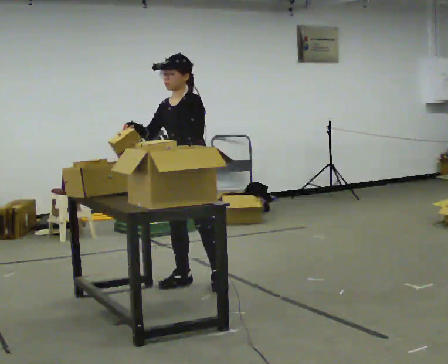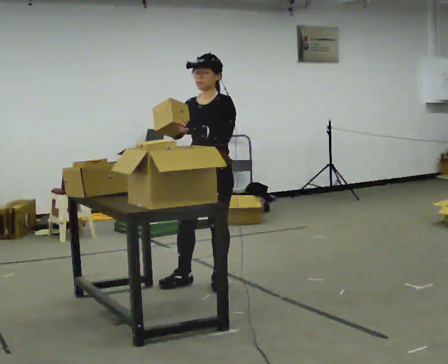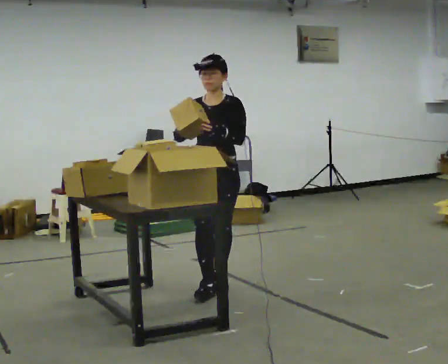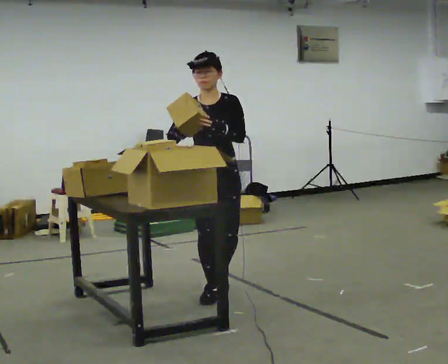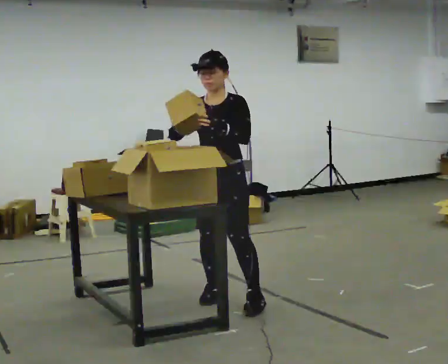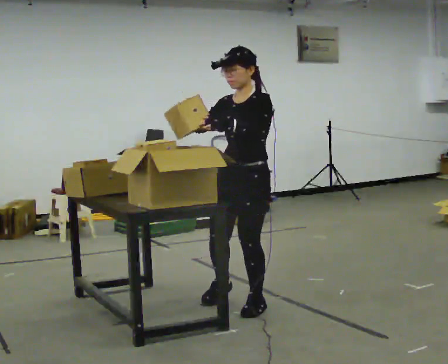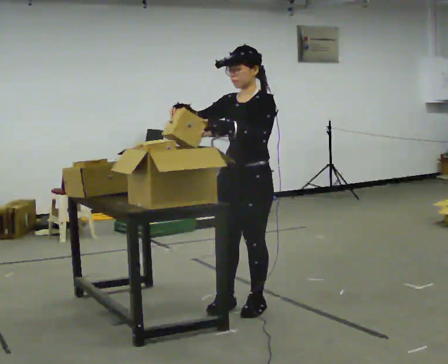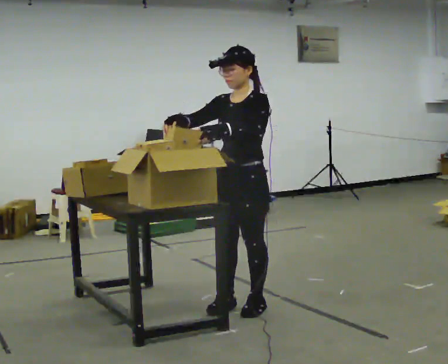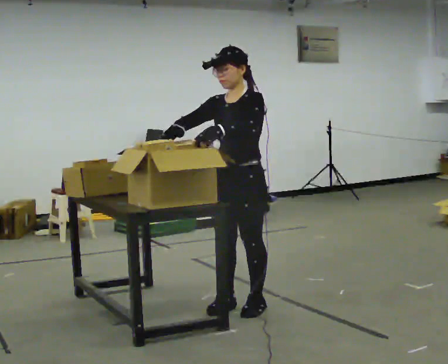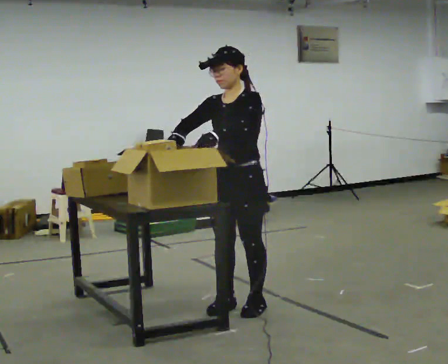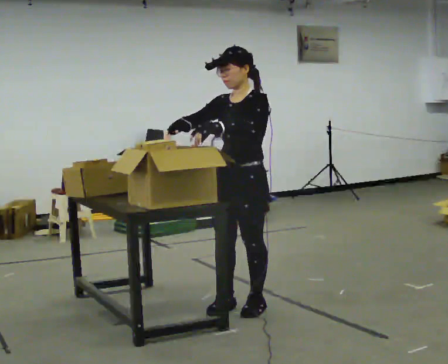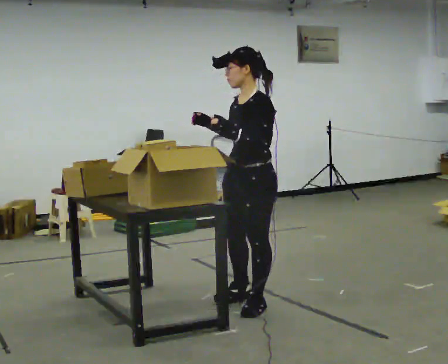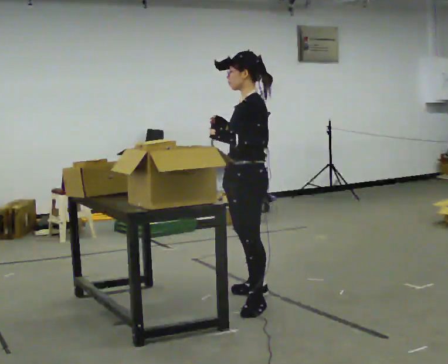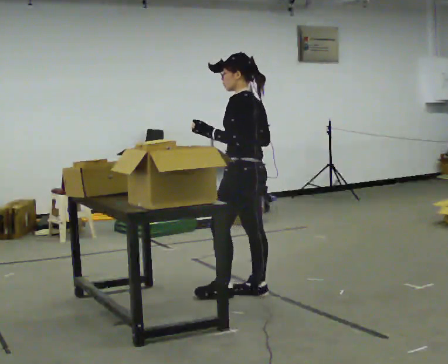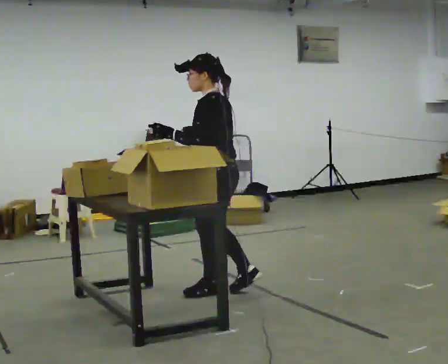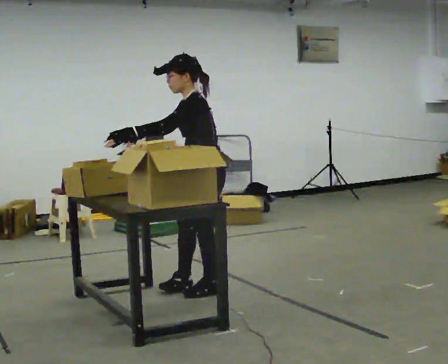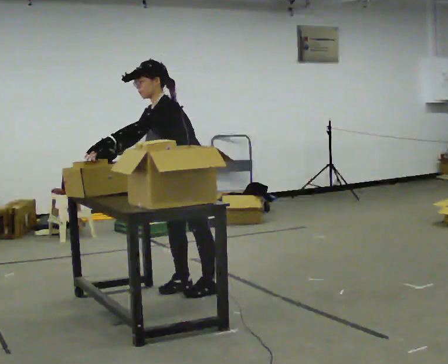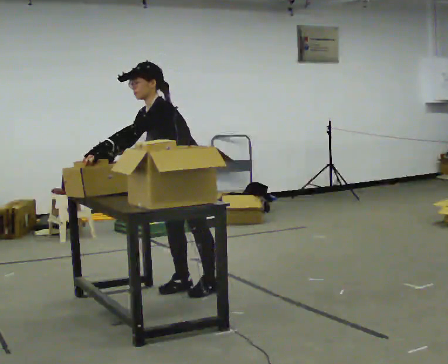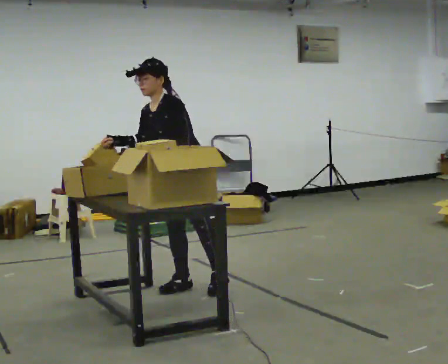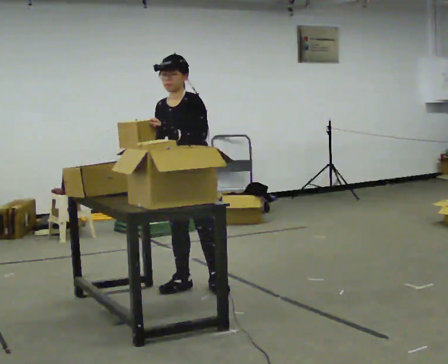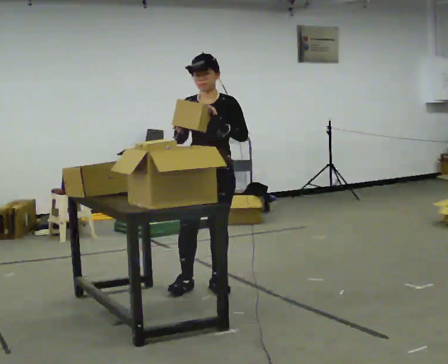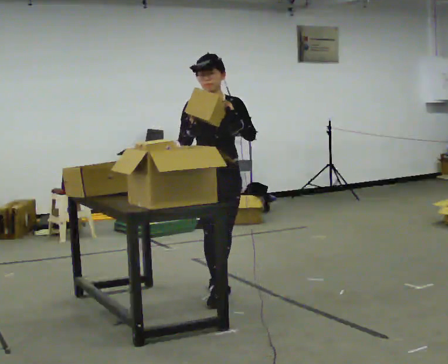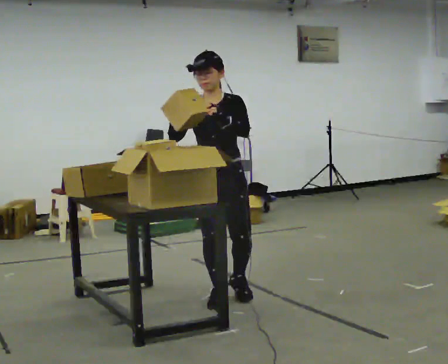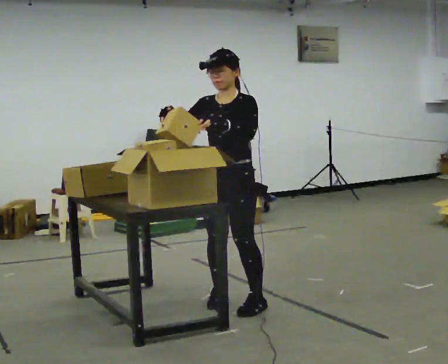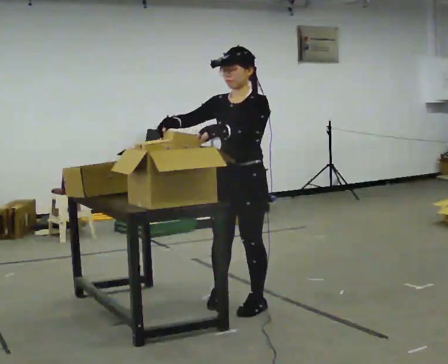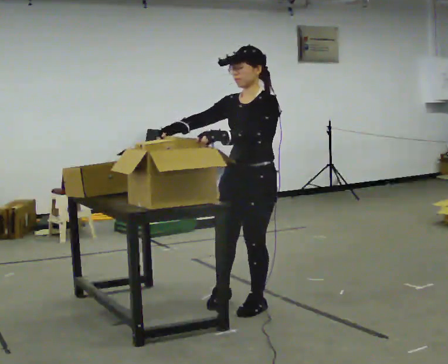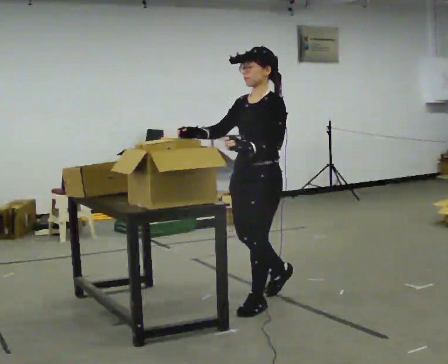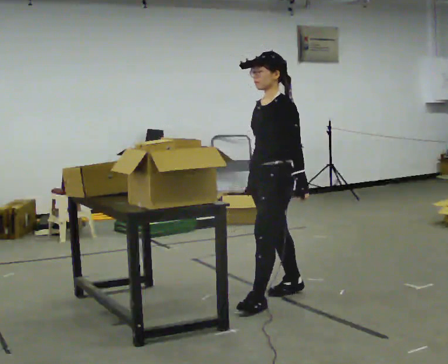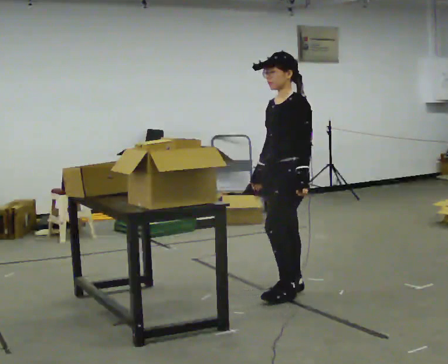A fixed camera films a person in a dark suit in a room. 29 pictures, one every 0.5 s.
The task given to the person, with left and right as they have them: Move the items from one container to the other one at a time, then move them back. Repeat at your own pace until the operator says stop. Keep both feet on the marked spots for the whole take. If you have to step, stop and tell the operator.
0.0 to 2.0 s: In the picture they go toward the camera and to the right, about 0.5 m in 2 steps, which for them is forward and to their left.
2.0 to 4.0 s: In the picture they go toward the camera, about 0.25 m in 1 step, which for them is to their left.
4.0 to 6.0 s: The part of the body nearest the lens slides to the left as the person turns to their right by about 45 degrees. In the picture they go away from the camera, about 0.25 m in 1 step, which for them is backward. In the picture their right hand goes to the right.
6.0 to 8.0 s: In the picture they go to the left and away from the camera, about 0.5 m in 2 steps, which for them is forward. In the picture the upper body tilts counterclockwise, shoulders to the left, as they bend forward.
8.0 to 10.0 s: Seen from above the body turns counterclockwise, about 45 degrees: to their left, with its near side sliding to the right. In the picture the upper body tilts clockwise, shoulders to the right, as they lean back or straighten. In the picture their left hand goes to the right.
10.0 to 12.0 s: In the picture they go toward the camera and to the right, about 0.5 m in 2 steps, which for them is forward and to their left.
12.0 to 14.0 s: The person turns about 30 degrees to their right, clockwise seen from above, so the part of the body nearest the lens slides to the left. In the picture they go to the right and away from the camera, about 0.5 m in 1 step, which for them is backward. In the picture their right hand goes downward, the arm swinging counterclockwise.
The film runs forward here.
